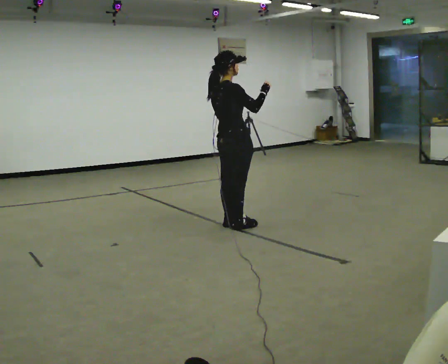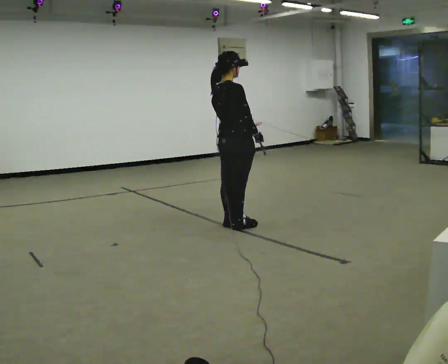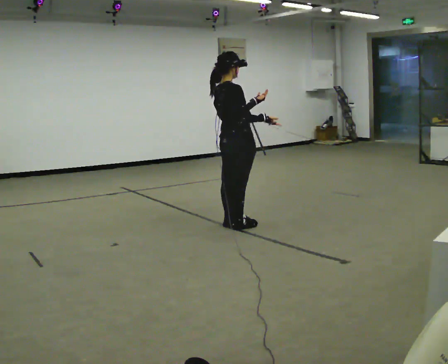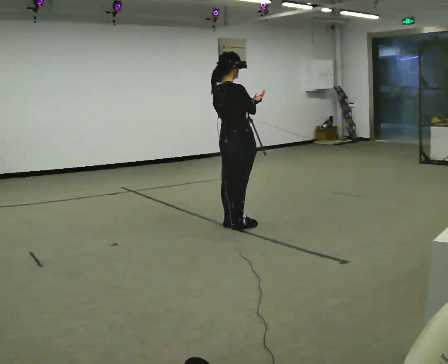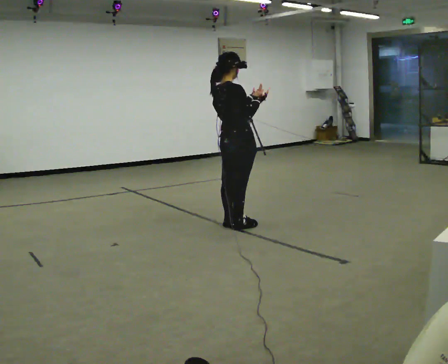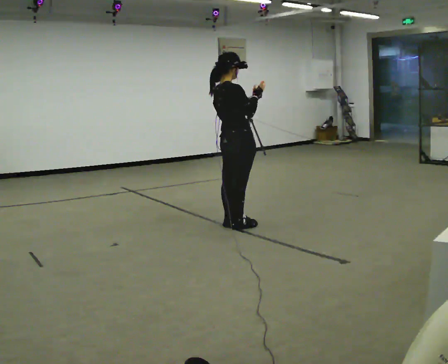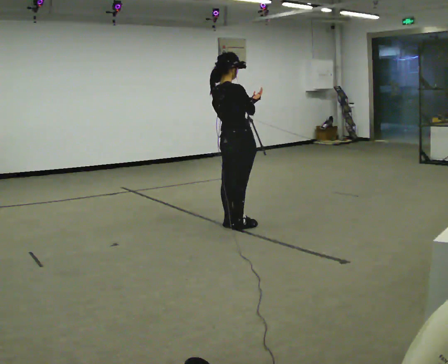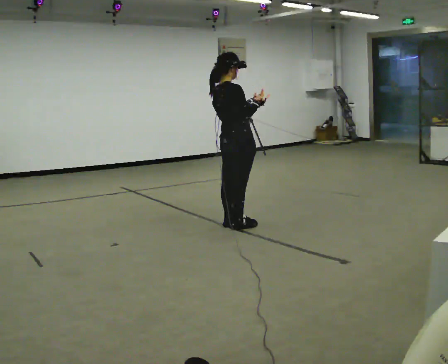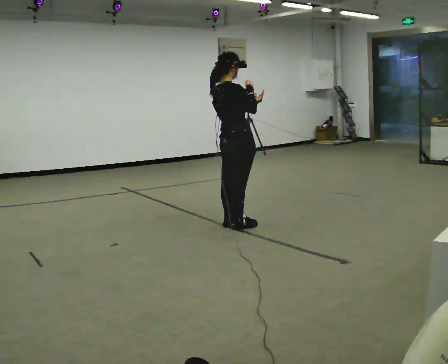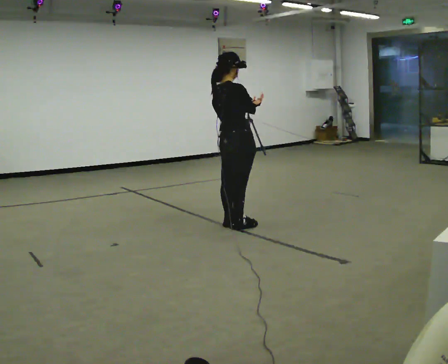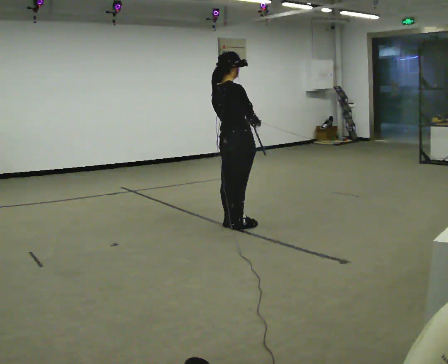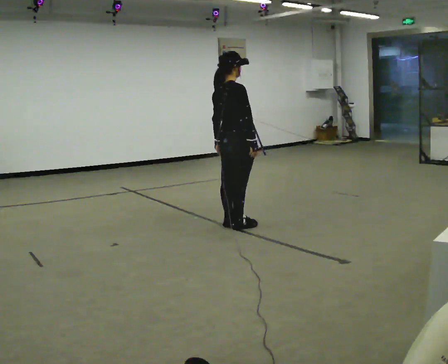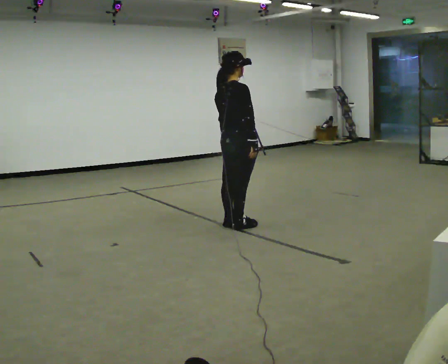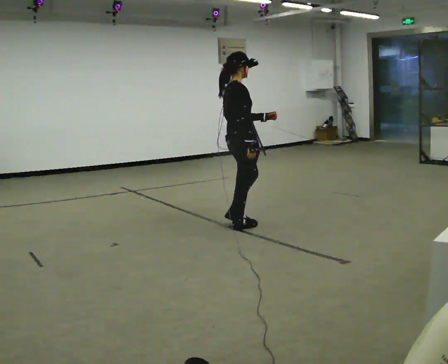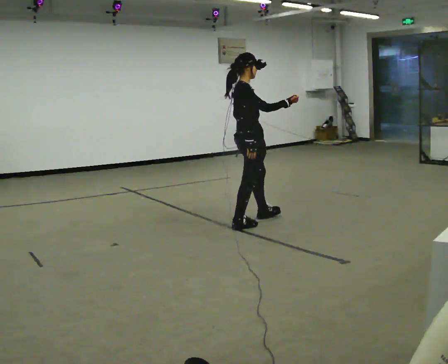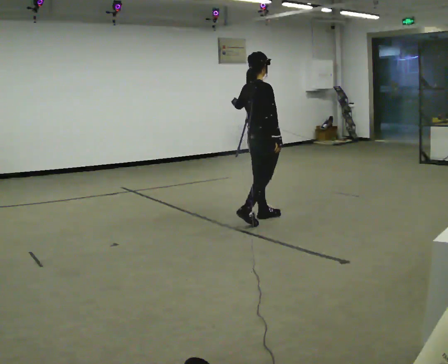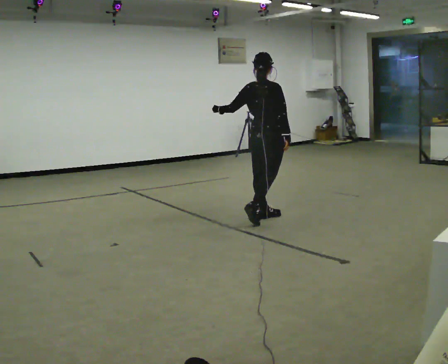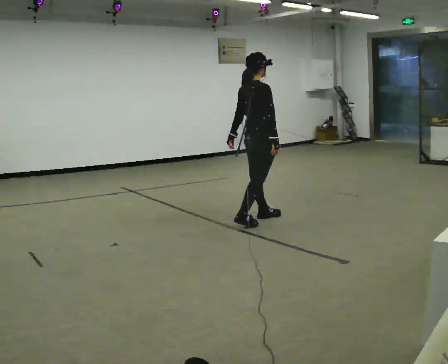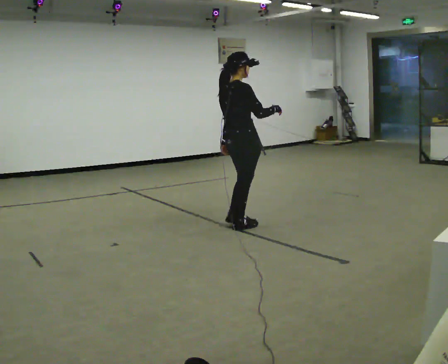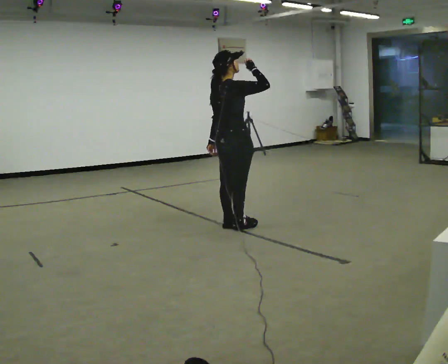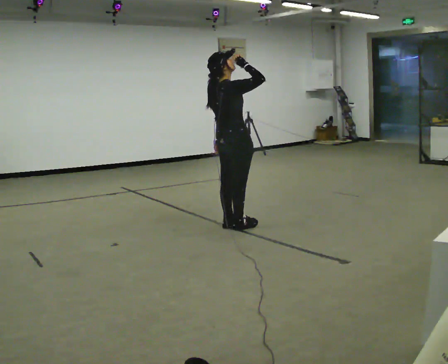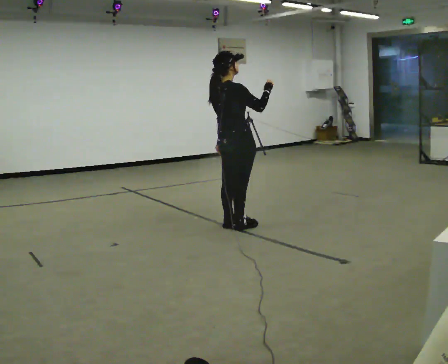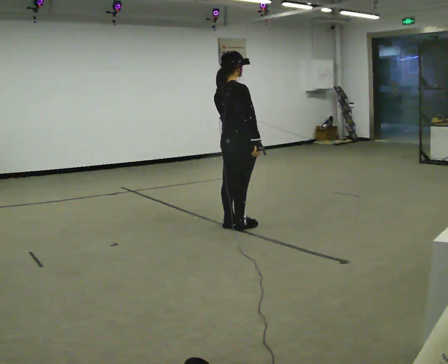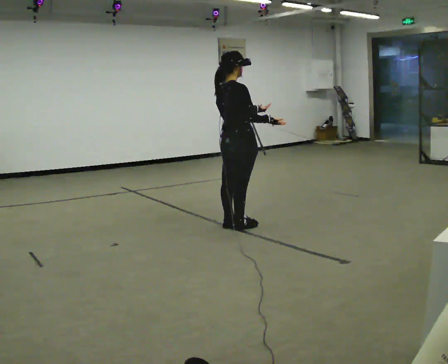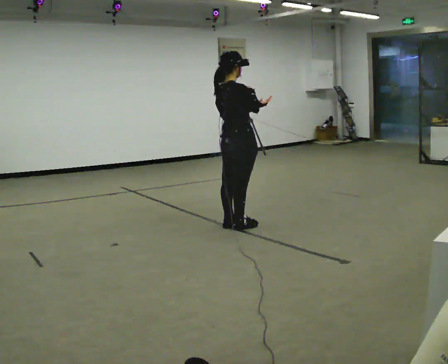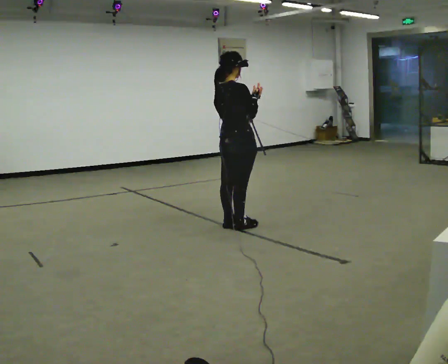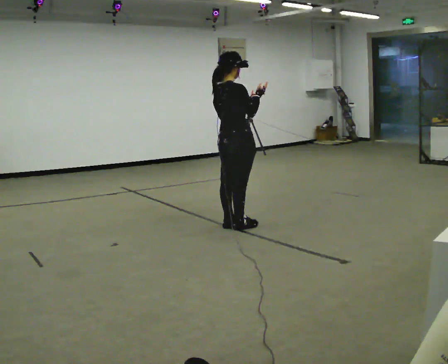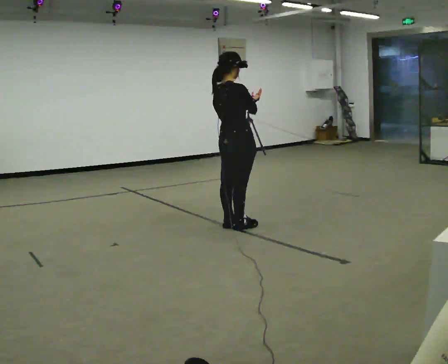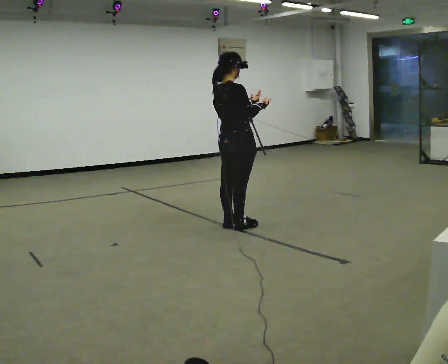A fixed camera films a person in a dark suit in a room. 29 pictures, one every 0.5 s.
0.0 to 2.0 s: In the picture their left hand goes upward.
2.0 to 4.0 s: The person moves a little, or ends about where they began.
4.0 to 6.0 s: In the picture their right hand goes downward.
6.0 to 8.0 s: In the picture they go away from the camera and to the right, about 0.5 m in 1 step, which for them is forward and to their left.
8.0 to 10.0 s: In the picture they go toward the camera and to the left, about 0.5 m in 1 step, which for them is backward. In the picture their right hand goes upward.
10.0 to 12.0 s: In the picture their left hand goes to the right and upward, the arm swinging counterclockwise.
12.0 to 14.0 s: The person moves a little, or ends about where they began.
The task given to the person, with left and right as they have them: Act out everyday actions without any objects, as in charades: opening a door, drinking, reading, brushing your hair. Repeat the movement at your own pace until the operator says stop; do not rush.
The film runs forward here.
